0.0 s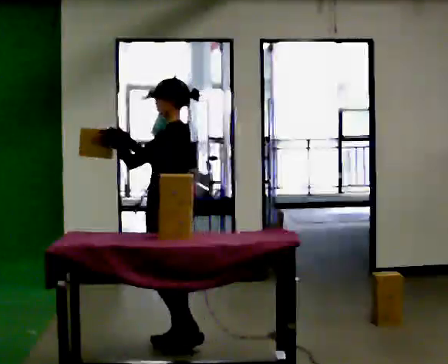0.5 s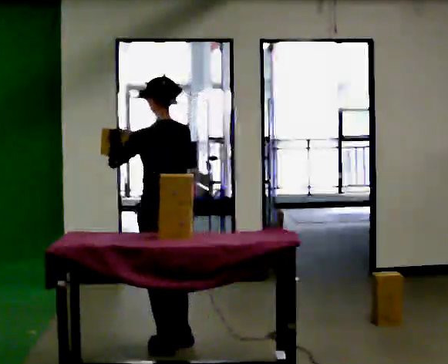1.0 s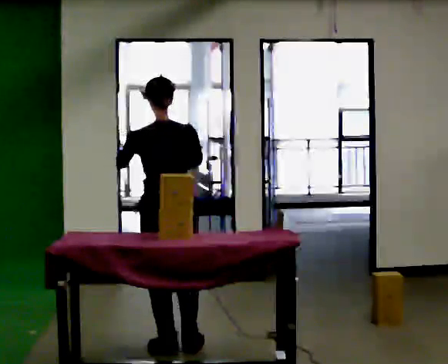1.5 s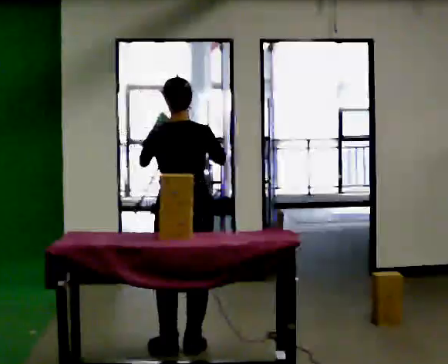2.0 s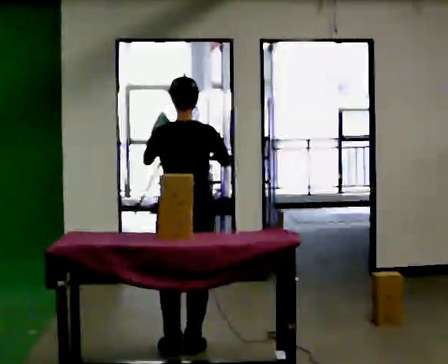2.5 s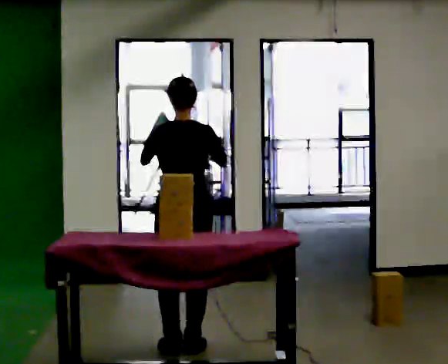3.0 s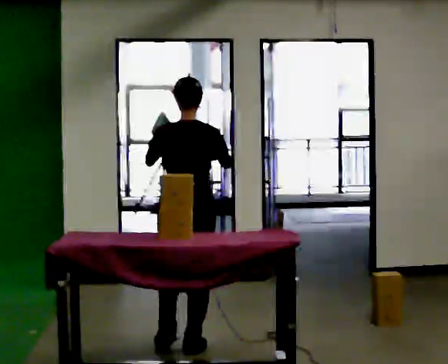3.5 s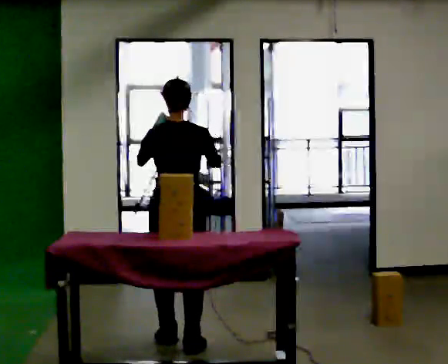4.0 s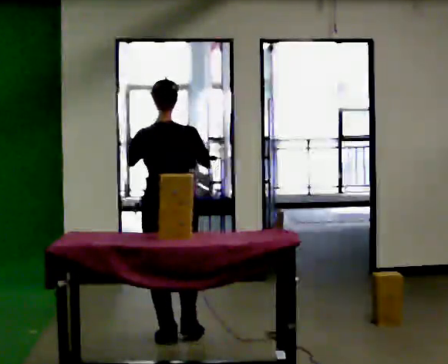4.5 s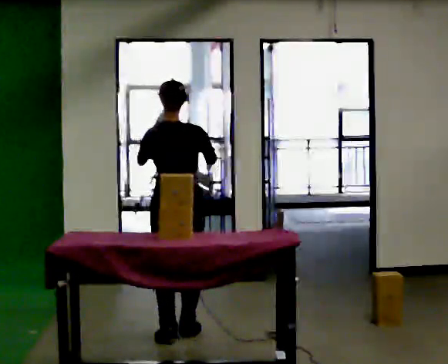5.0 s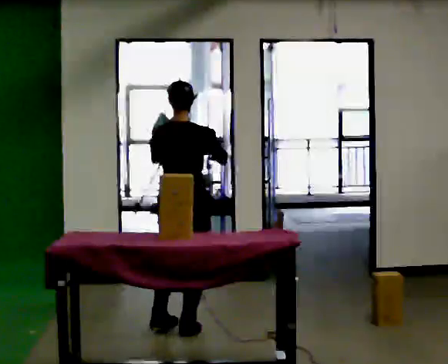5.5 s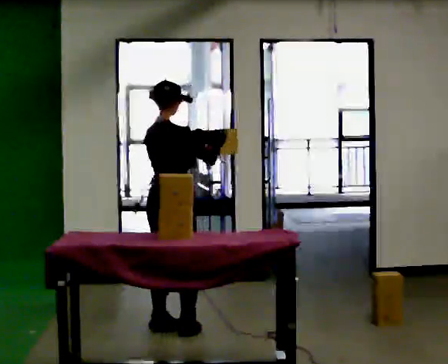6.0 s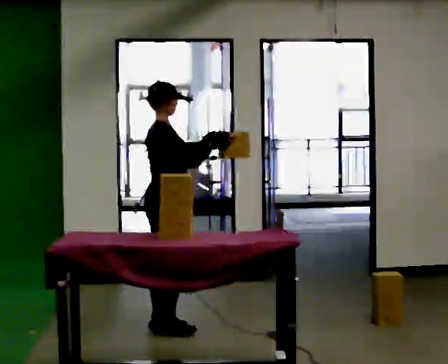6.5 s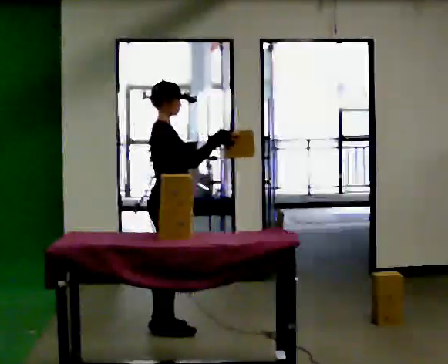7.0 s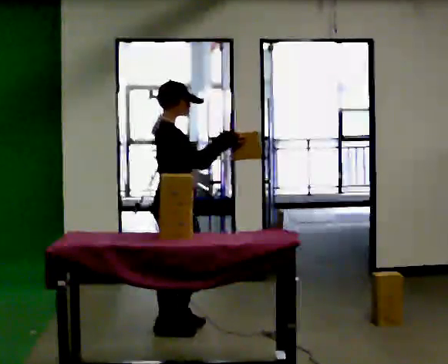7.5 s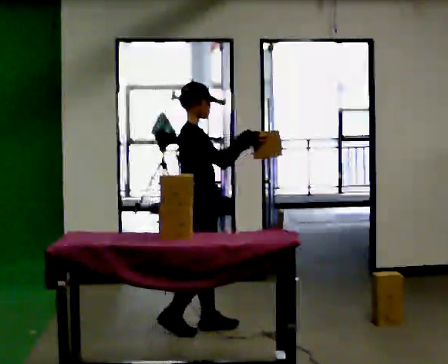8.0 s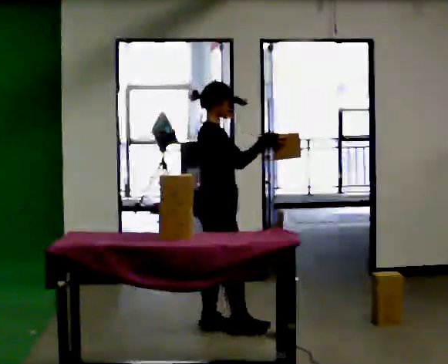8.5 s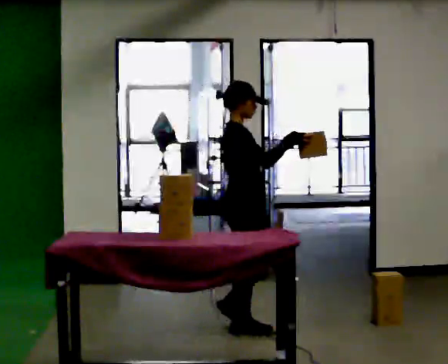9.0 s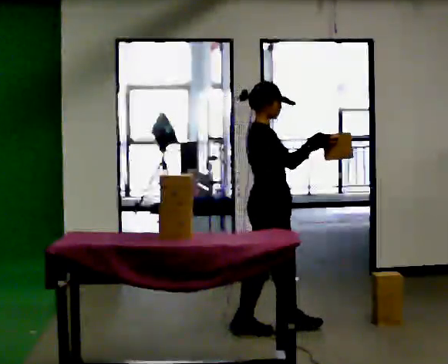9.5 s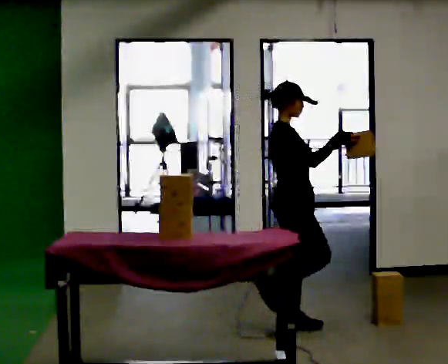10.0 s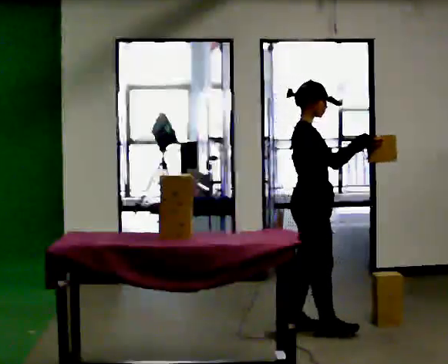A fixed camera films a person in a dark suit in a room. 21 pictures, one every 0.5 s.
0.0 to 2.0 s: The person turns about 75 degrees to their right, clockwise seen from above, so the part of the body nearest the lens slides to the left.
2.0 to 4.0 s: In the picture they go away from the camera, about 0.25 m in 1 step, which for them is forward and to their left.
4.0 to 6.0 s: The part of the body nearest the lens slides to the left as the person turns to their right by about 75 degrees. In the picture they go away from the camera, about 0.25 m in 2 steps.
6.0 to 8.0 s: In the picture they go to the right, about 0.25 m in 2 steps, which for them is forward.
8.0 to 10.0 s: In the picture they go to the right, about 0.5 m in 2 steps, which for them is forward.
The film runs forward here.
